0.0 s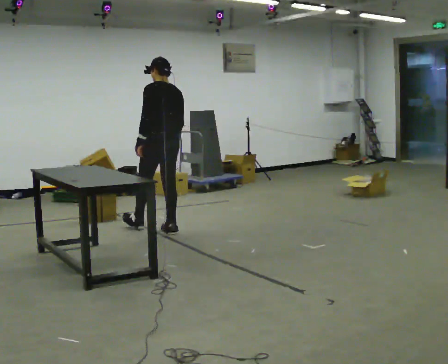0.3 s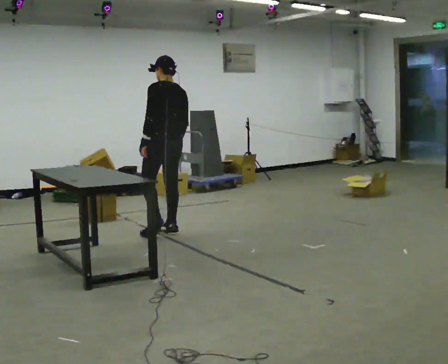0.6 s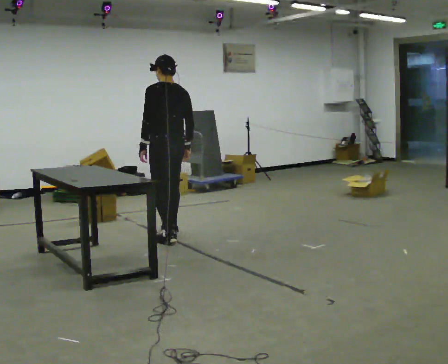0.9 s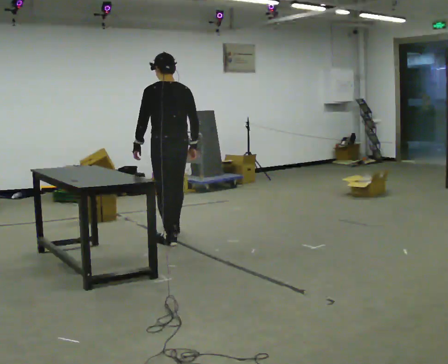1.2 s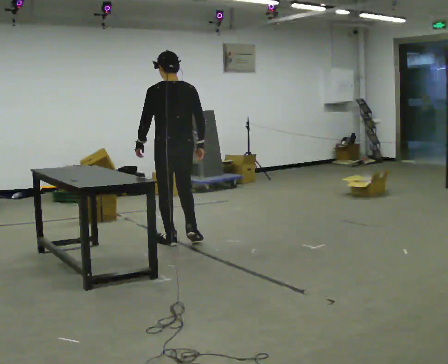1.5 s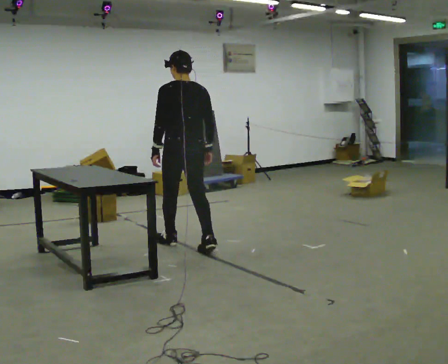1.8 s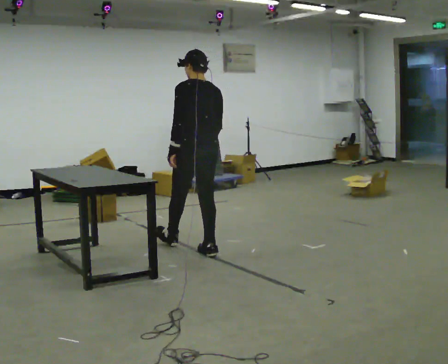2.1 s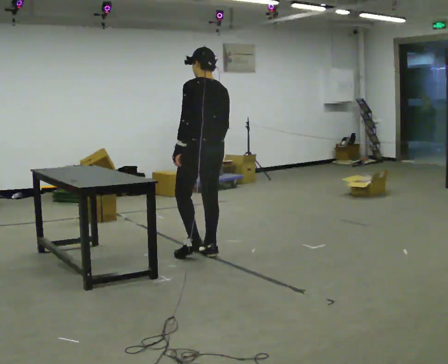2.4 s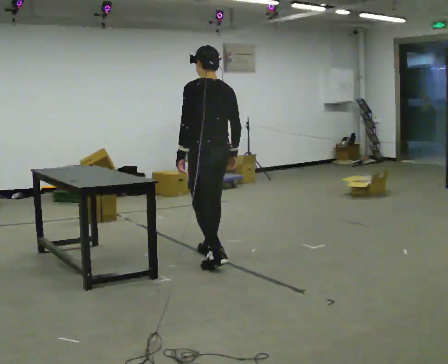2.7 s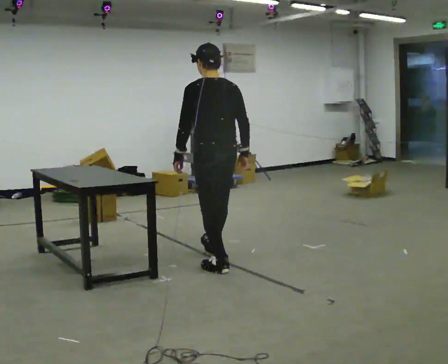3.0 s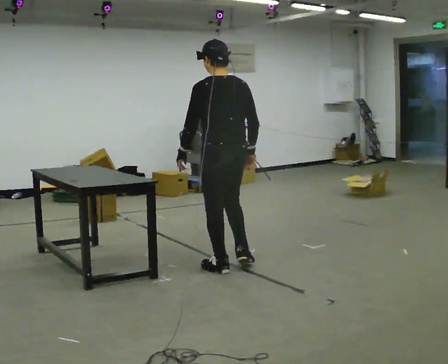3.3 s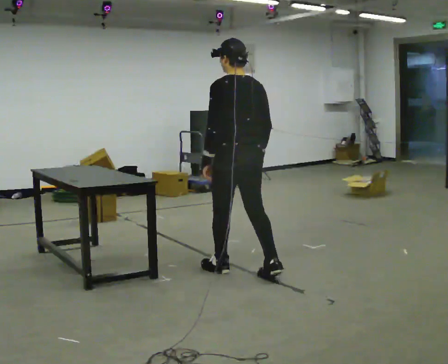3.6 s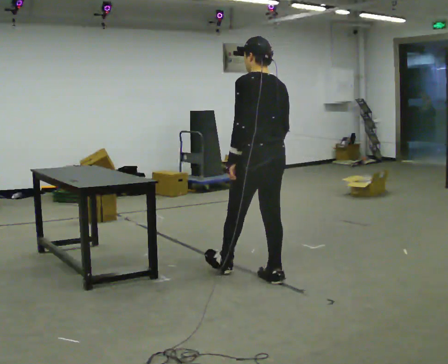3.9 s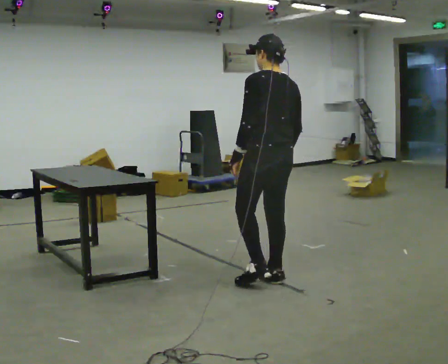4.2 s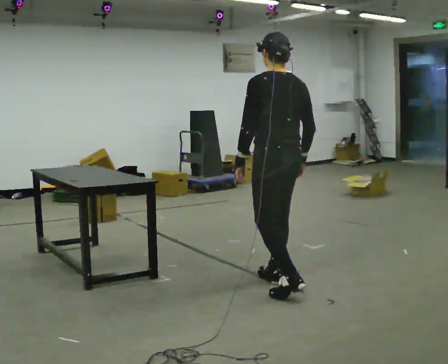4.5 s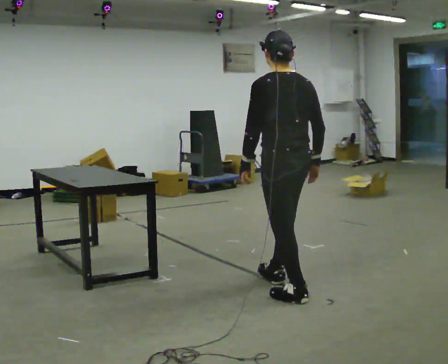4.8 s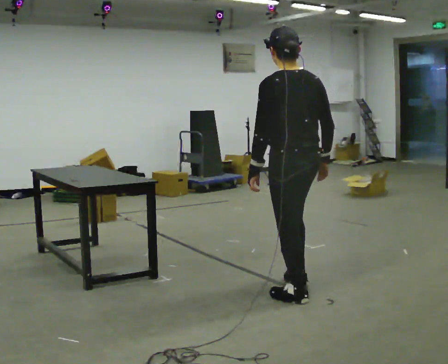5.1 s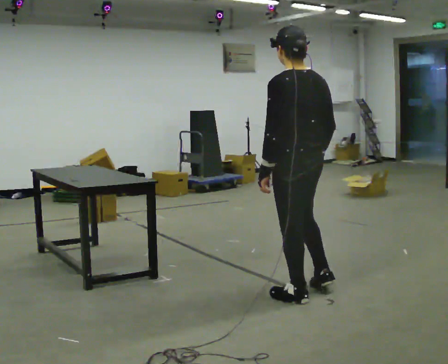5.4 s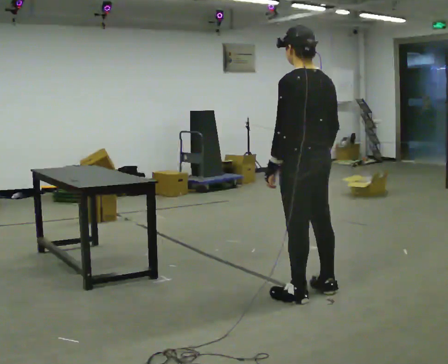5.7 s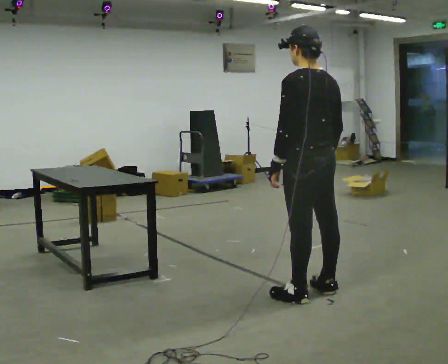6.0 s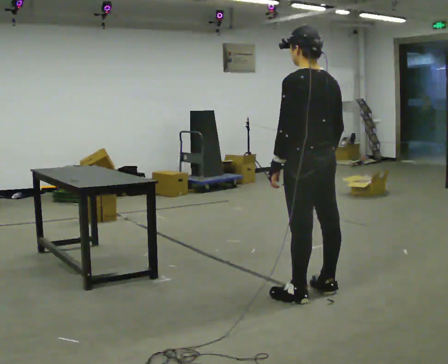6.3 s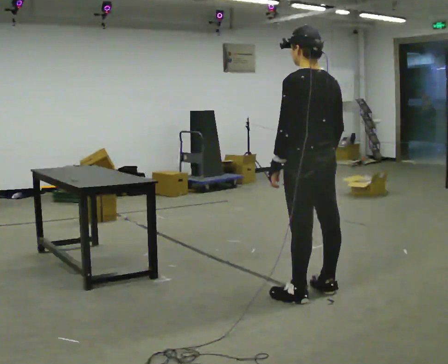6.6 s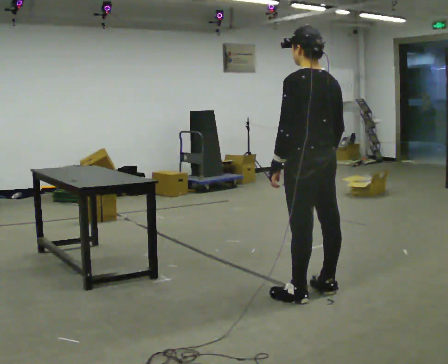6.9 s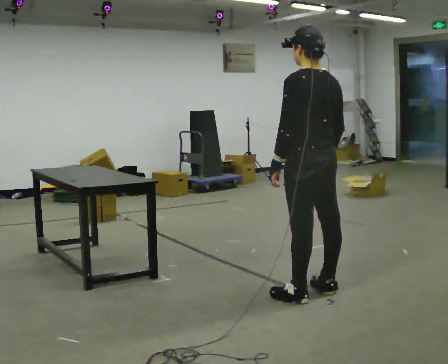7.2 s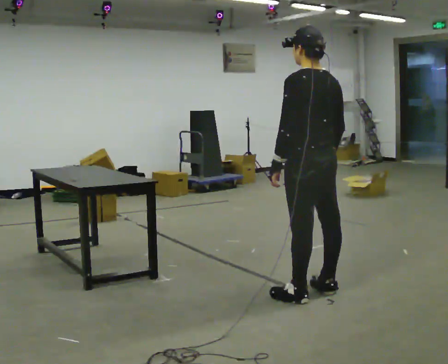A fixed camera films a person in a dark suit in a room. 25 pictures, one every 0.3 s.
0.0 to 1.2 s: In the picture they go toward the camera and to the right, about 0.5 m in 1 step, which for them is backward.
1.2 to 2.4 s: In the picture they go toward the camera and to the right, about 0.5 m in 1 step, which for them is backward.
2.4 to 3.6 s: In the picture they go to the right and toward the camera, about 0.75 m in 2 steps, which for them is backward.
3.6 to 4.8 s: In the picture they go toward the camera and to the right, about 0.5 m in 1 step, which for them is backward.
4.8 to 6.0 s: The person moves a little, or ends about where they began.
6.0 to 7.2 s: The person keeps their place and pose.
The film runs backward here.
